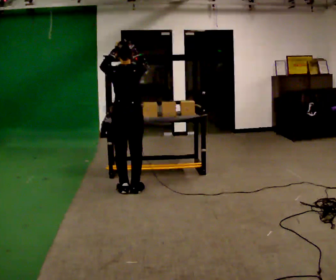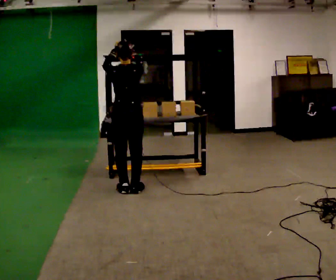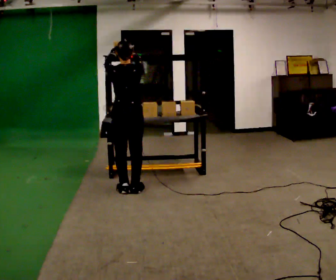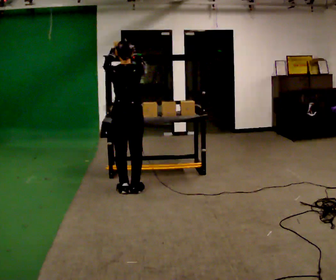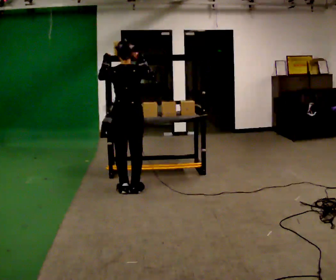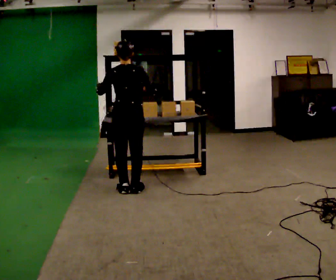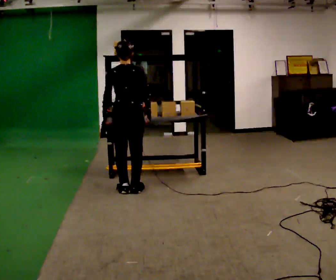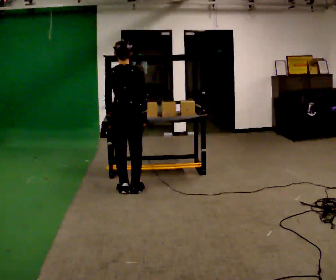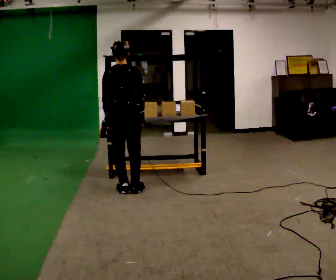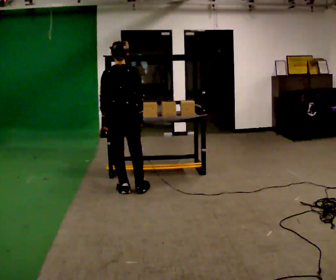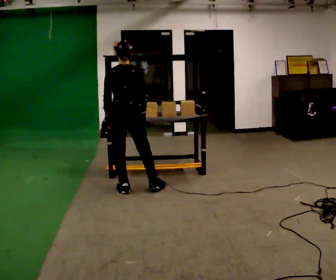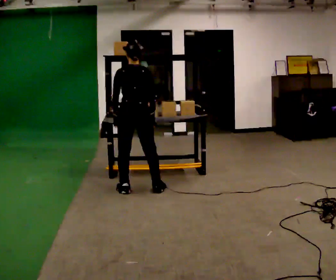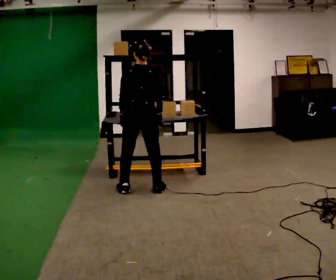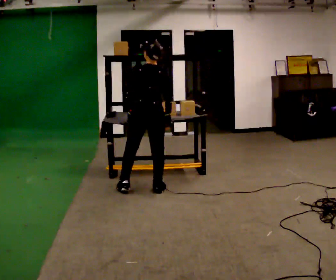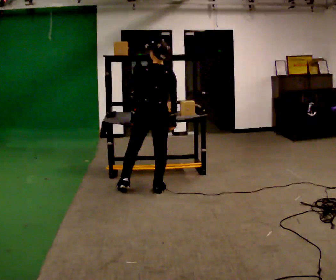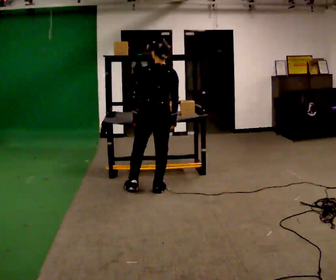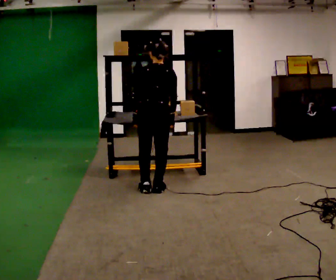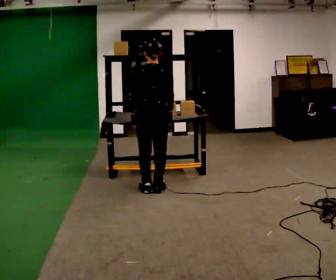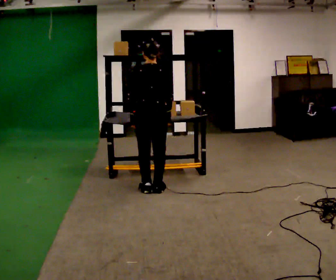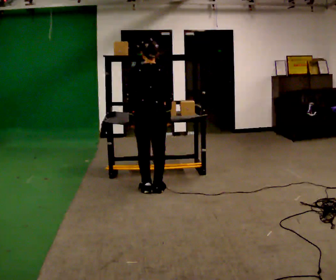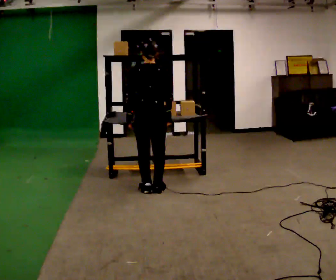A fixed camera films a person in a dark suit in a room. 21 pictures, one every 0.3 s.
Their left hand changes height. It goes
downward.
Their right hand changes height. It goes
downward.
0.0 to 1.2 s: The person moves a little, or ends about where they began.
1.2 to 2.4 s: In the picture their left hand goes downward.
2.4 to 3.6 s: In the picture they go to the right, about 0.25 m in 1 step, which for them is to their right.
3.6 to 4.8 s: In the picture they go to the right, about 0.25 m in 1 step, which for them is to their right.
4.8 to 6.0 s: The person moves a little, or ends about where they began.
The film runs backward here.
